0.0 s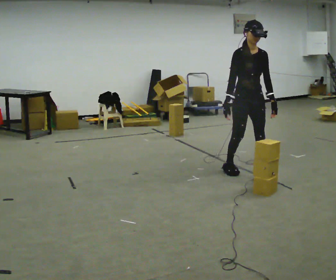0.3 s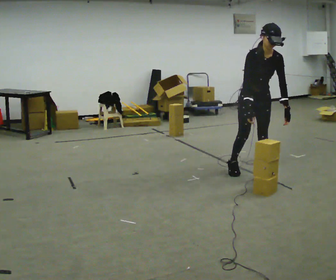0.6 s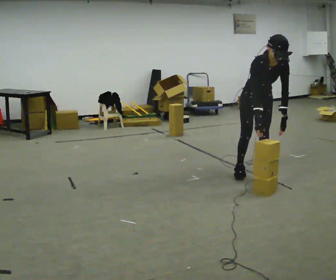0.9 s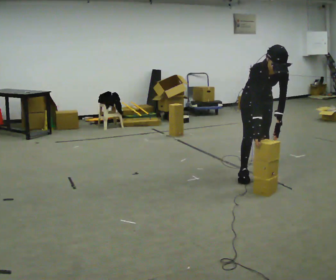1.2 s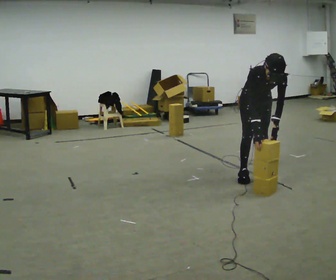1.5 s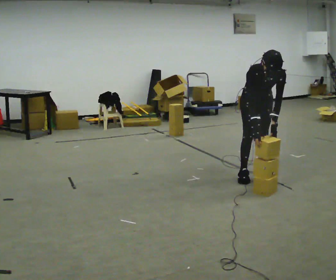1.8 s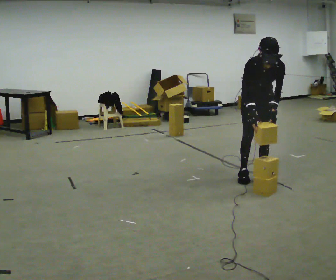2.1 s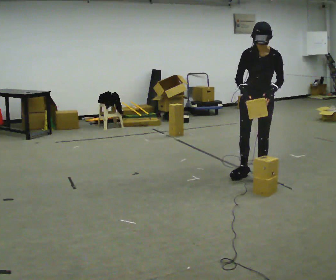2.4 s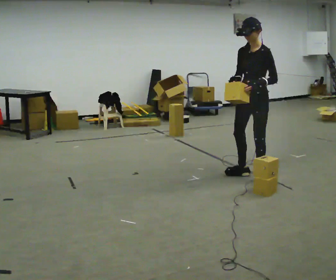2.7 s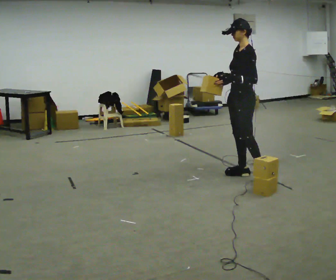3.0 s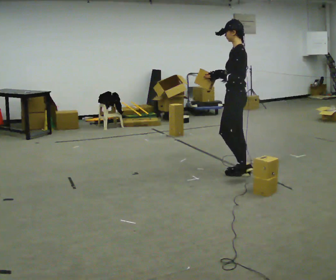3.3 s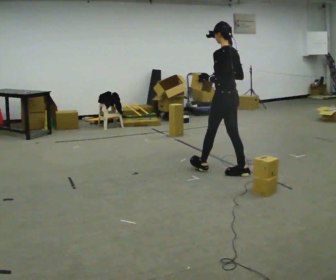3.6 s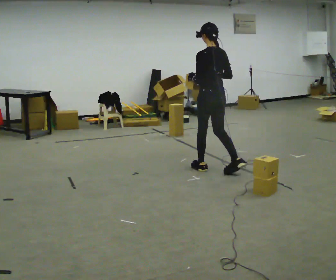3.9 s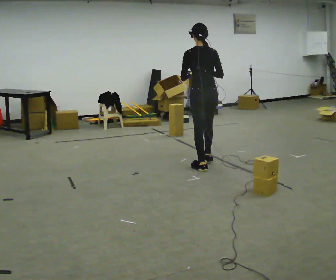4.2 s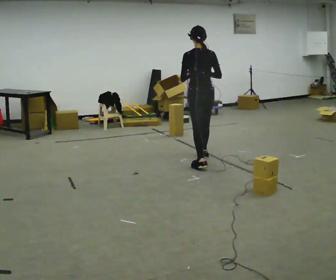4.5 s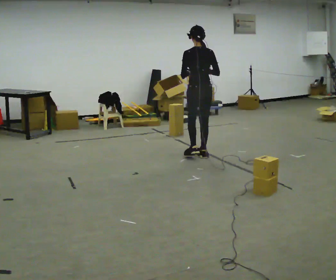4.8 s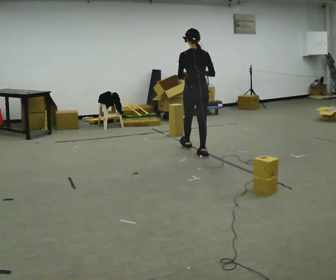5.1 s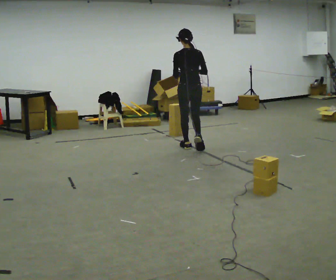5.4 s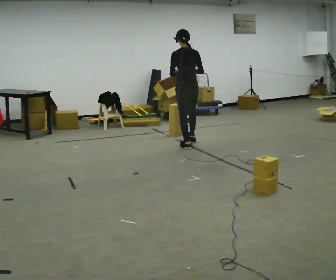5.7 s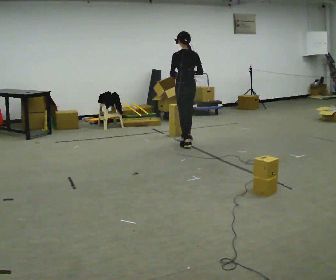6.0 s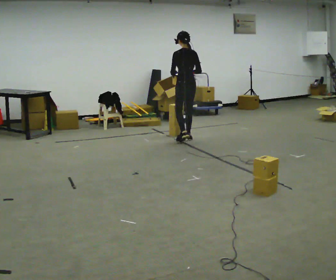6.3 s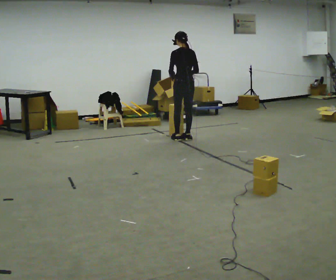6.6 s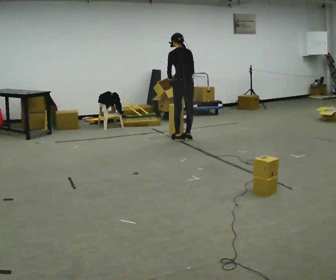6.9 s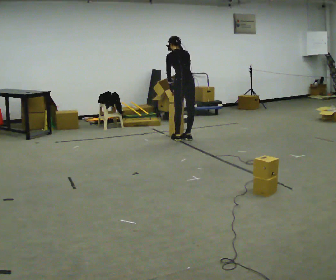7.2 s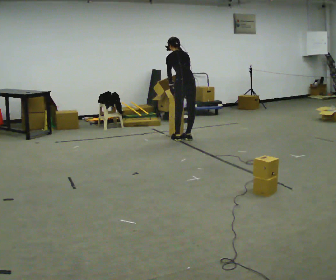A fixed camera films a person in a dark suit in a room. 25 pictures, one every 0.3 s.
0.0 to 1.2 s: The upper body goes downward. The upper body tips toward the camera, its near side rolling downward, as they bend forward.
1.2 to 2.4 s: The part of the body nearest the lens slides to the left as the person turns to their right by about 45 degrees. The shoulders move upward. The upper body tips away from the camera, its near side rolling upward, as they lean back or straighten. In the picture their left hand goes upward.
2.4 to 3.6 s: The person turns about 105 degrees to their right, clockwise seen from above, so the part of the body nearest the lens slides to the left. In the picture they go to the left and away from the camera, about 0.5 m in 1 step.
3.6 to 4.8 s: In the picture they go away from the camera, about 1 m in 1 step, which for them is forward.
4.8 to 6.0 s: In the picture they go away from the camera, about 0.5 m in 2 steps, which for them is forward.
6.0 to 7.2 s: The upper body tips away from the camera, its near side rolling upward, as they bend forward.
The film runs forward here.
